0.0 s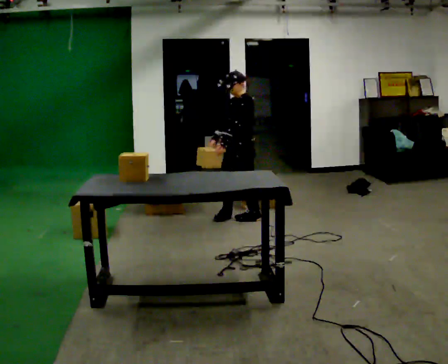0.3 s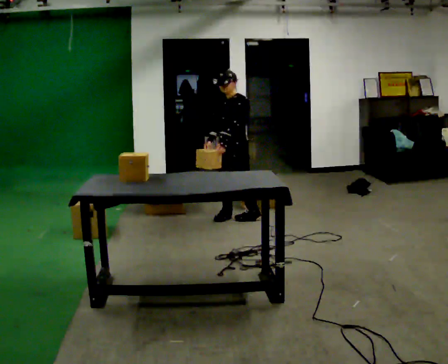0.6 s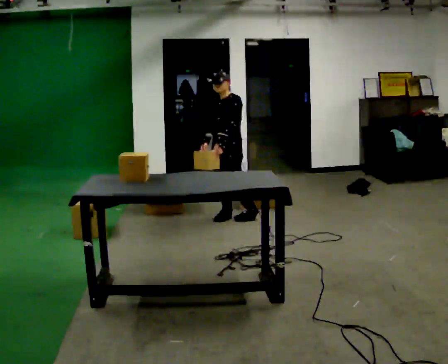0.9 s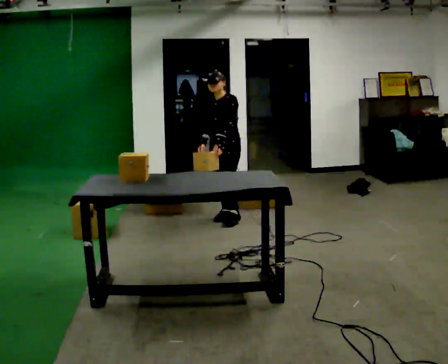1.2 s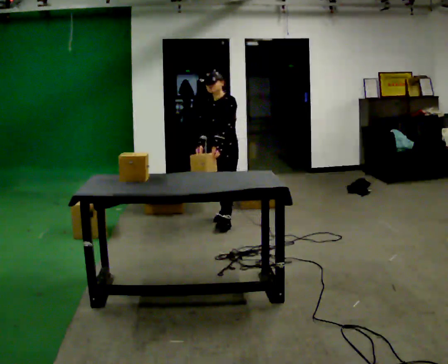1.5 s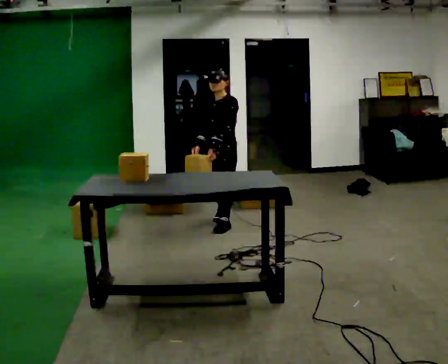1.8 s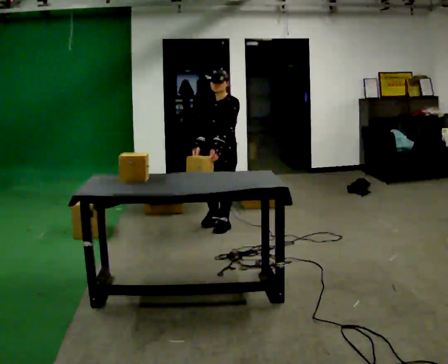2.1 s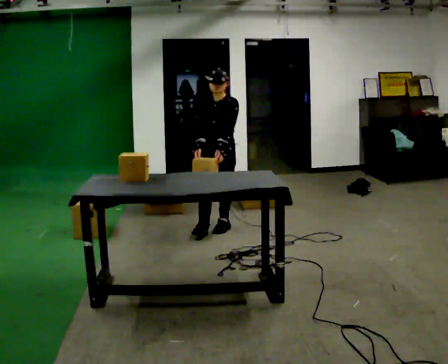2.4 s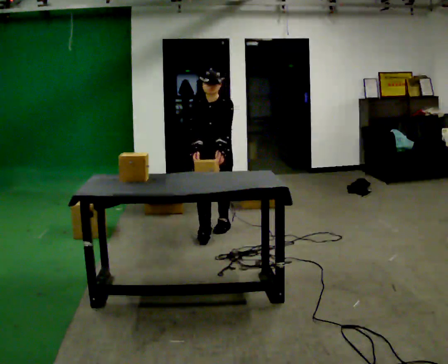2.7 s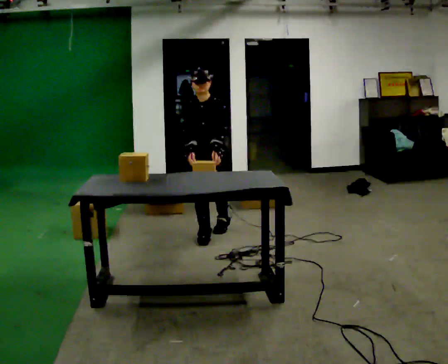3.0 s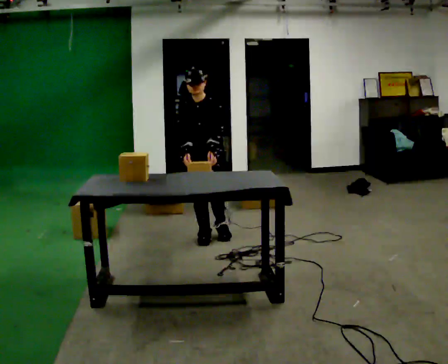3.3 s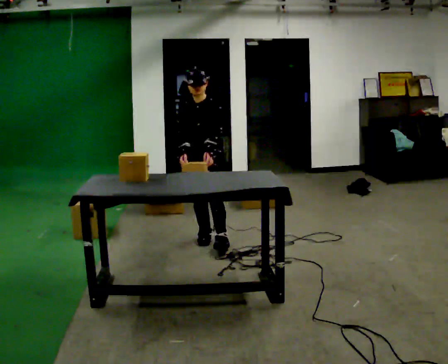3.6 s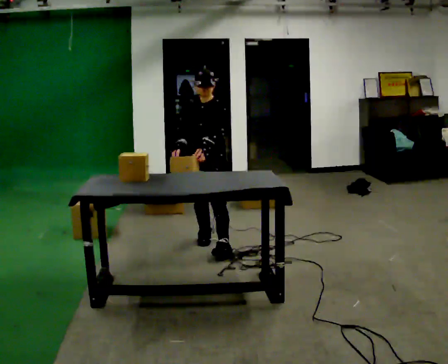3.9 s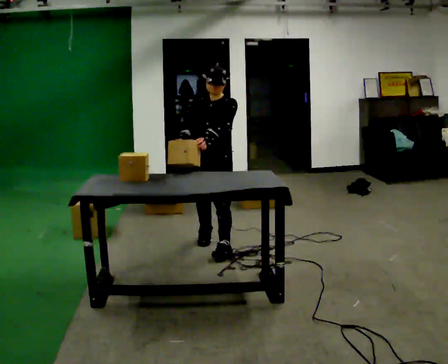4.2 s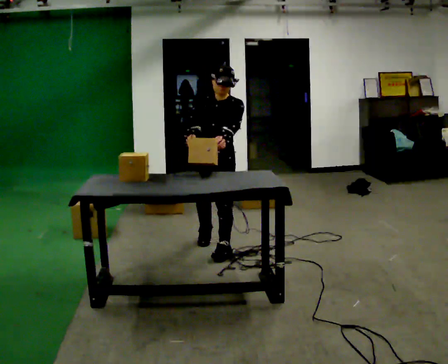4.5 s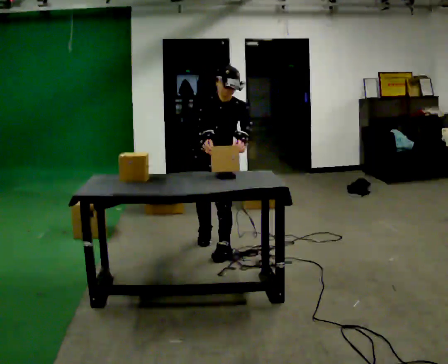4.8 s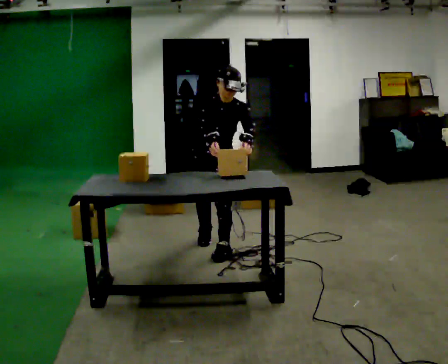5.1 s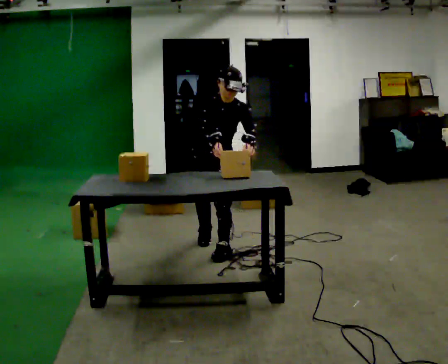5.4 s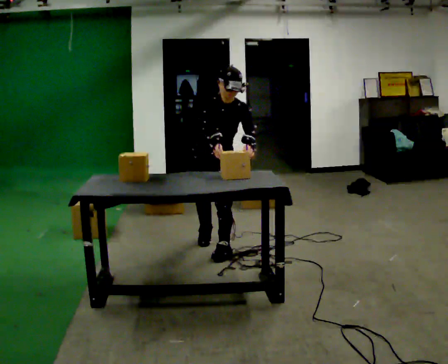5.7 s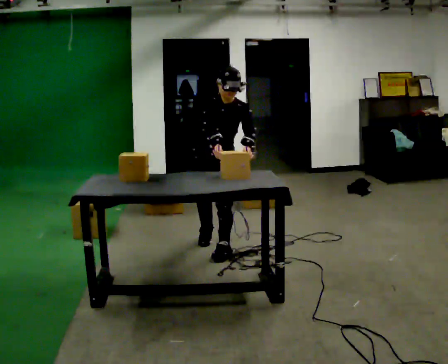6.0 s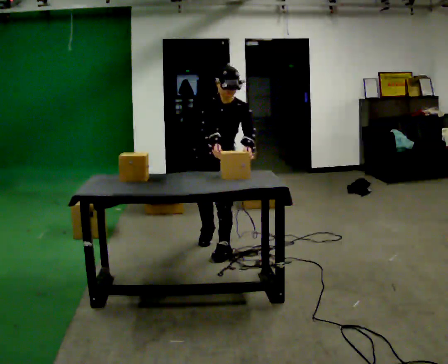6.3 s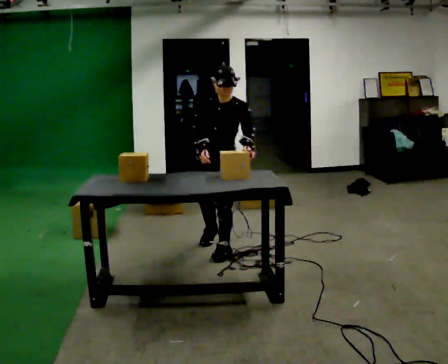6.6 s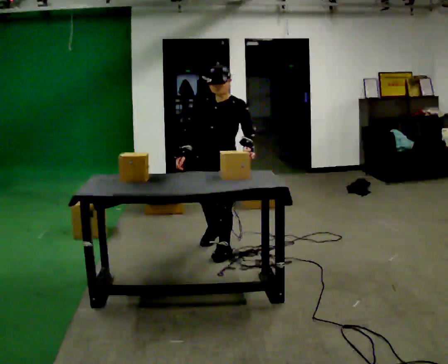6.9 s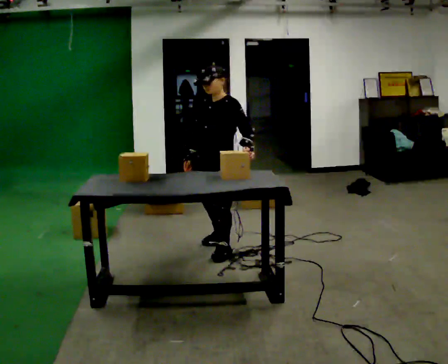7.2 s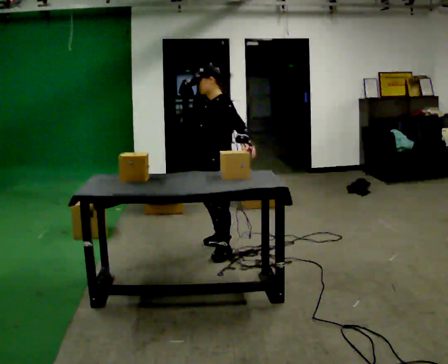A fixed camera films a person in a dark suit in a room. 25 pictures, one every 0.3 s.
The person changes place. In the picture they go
toward the camera.
0.0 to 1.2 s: In the picture they go to the left, about 0.25 m in 1 step, which for them is forward.
1.2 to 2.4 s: The part of the body nearest the lens slides to the right as the person turns to their left by about 30 degrees. In the picture they go toward the camera, about 0.5 m in 1 step, which for them is forward.
2.4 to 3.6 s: In the picture they go toward the camera, about 0.5 m in 1 step, which for them is forward.
3.6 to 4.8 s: In the picture they go toward the camera, about 0.25 m, which for them is forward. The upper body tips toward the camera, its near side rolling downward, as they bend forward.
4.8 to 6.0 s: The person moves a little, or ends about where they began.
6.0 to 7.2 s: The part of the body nearest the lens slides to the left as the person turns to their right by about 60 degrees.
The film runs forward here.
